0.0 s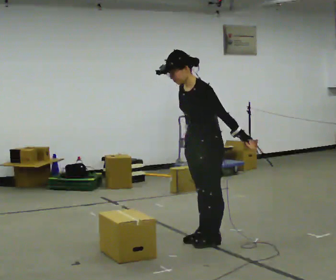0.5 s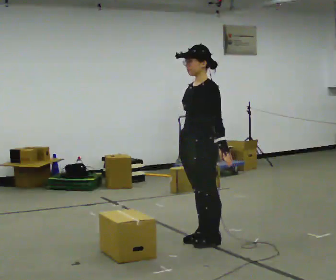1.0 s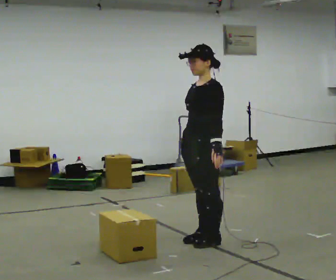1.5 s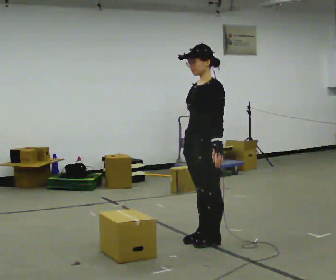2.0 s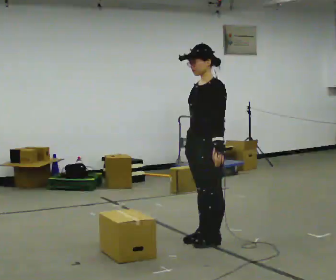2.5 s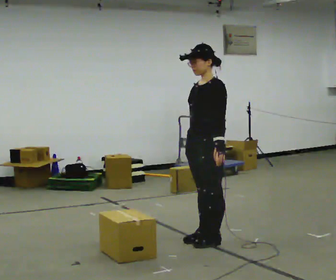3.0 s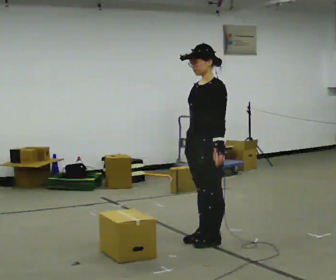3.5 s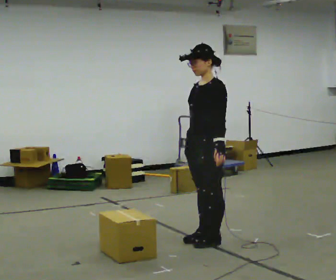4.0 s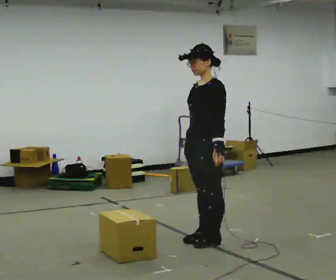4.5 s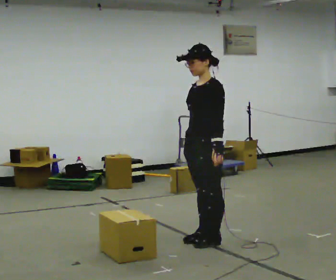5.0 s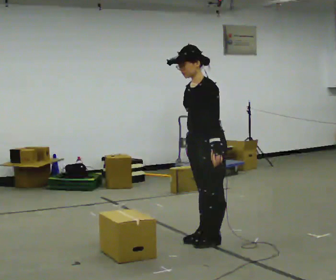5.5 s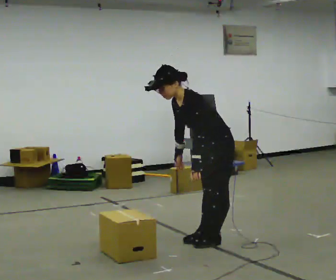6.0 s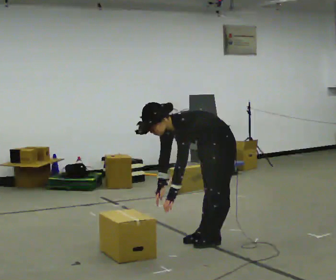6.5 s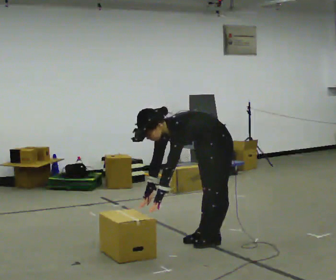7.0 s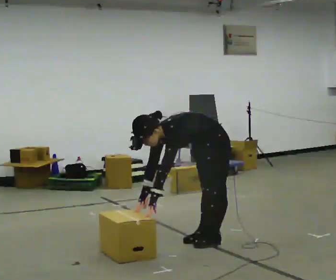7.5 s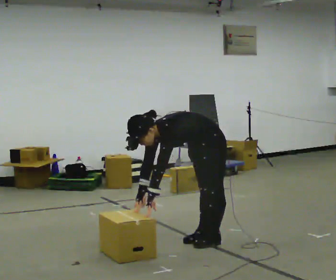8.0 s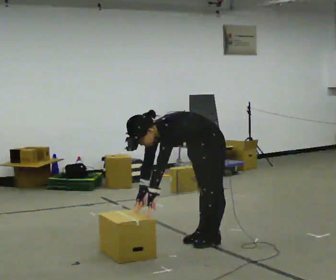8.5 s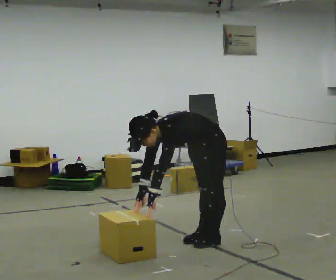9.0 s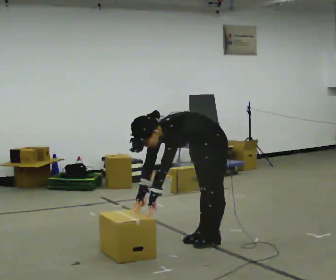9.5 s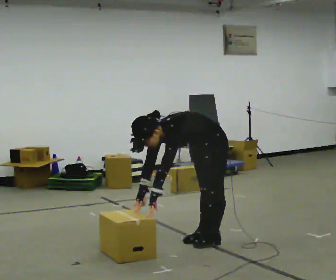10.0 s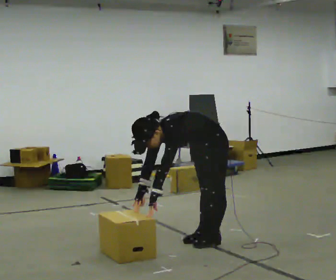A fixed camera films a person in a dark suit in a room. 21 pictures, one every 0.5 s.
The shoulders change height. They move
downward.
Their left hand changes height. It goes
downward.
0.0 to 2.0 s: The person moves a little, or ends about where they began.
2.0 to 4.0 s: The person keeps their place and pose.
4.0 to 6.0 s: The upper body goes downward. In the picture the upper body tilts counterclockwise, shoulders to the left, as they bend forward. In the picture their right hand goes downward.
6.0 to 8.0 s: The person moves a little, or ends about where they began.
8.0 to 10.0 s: The person keeps their place and pose.
The film runs forward here.
